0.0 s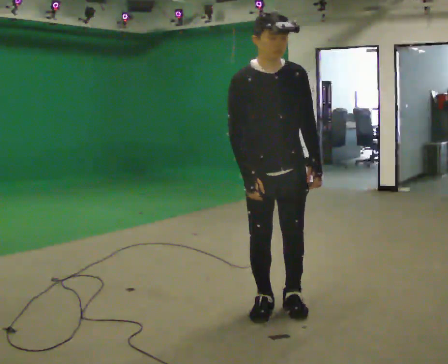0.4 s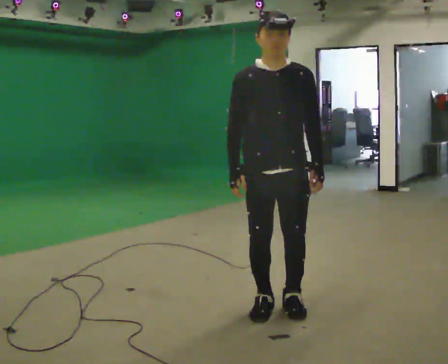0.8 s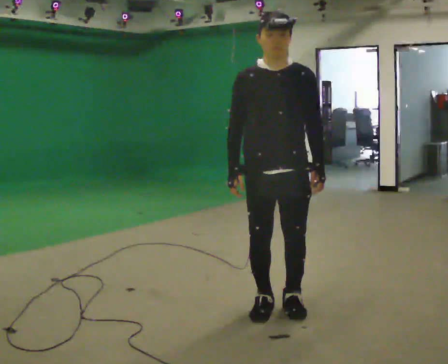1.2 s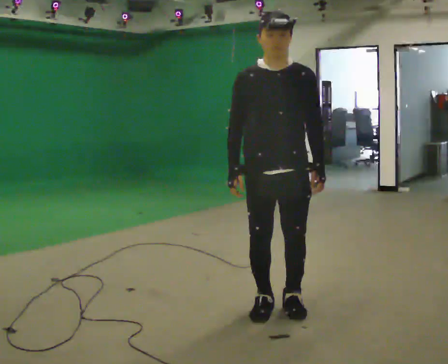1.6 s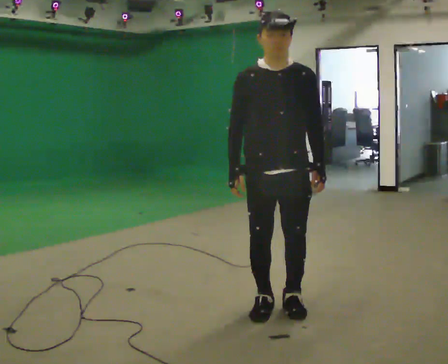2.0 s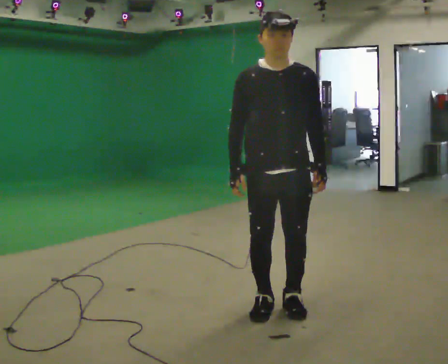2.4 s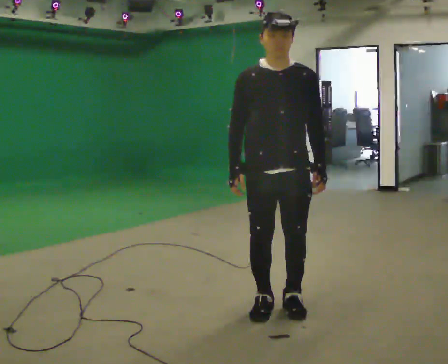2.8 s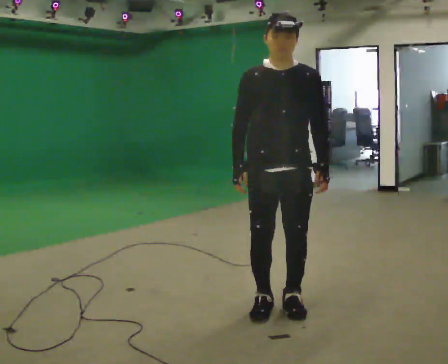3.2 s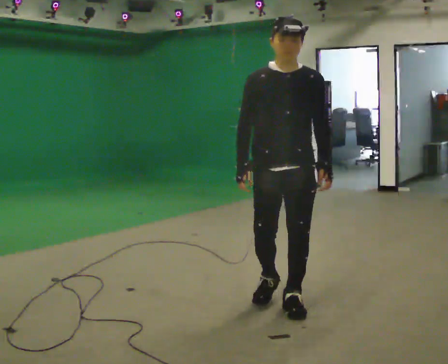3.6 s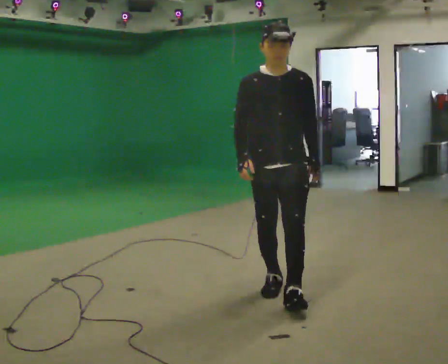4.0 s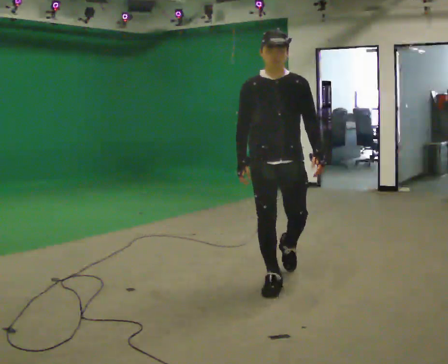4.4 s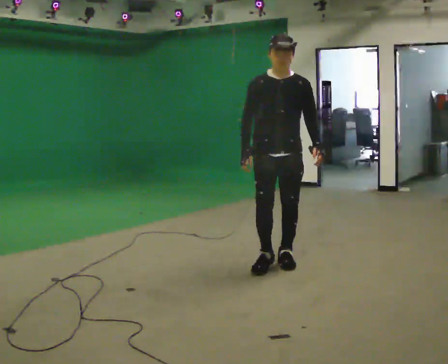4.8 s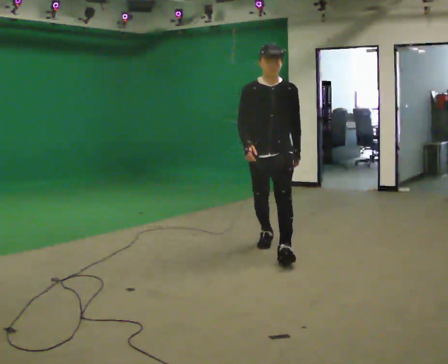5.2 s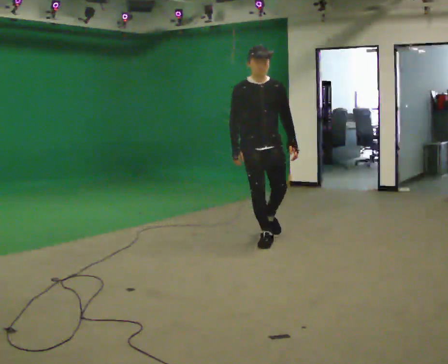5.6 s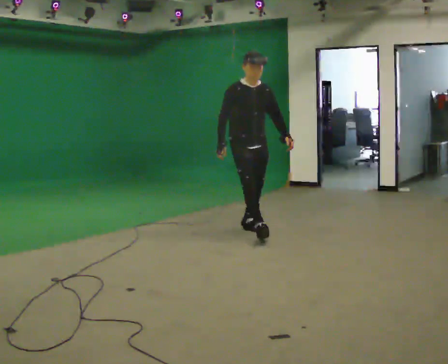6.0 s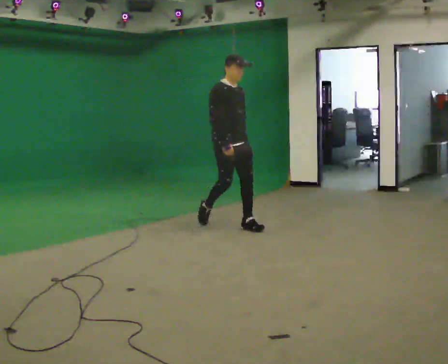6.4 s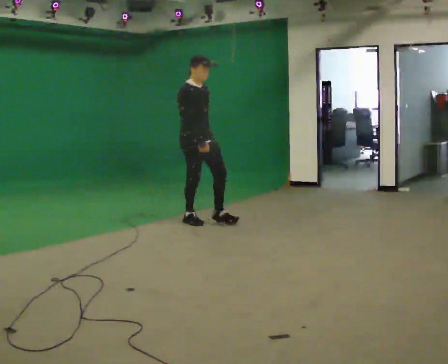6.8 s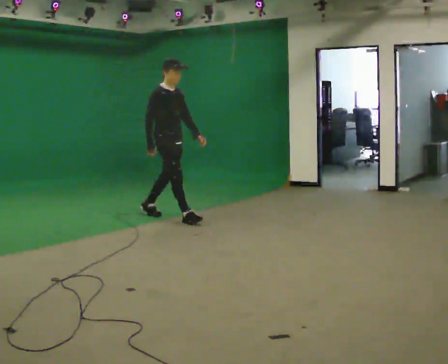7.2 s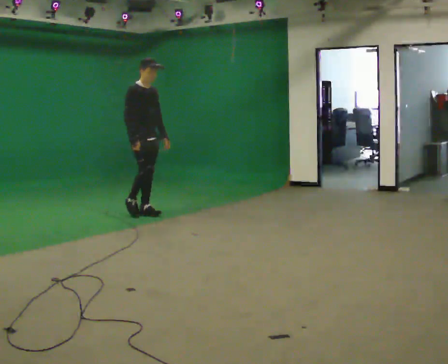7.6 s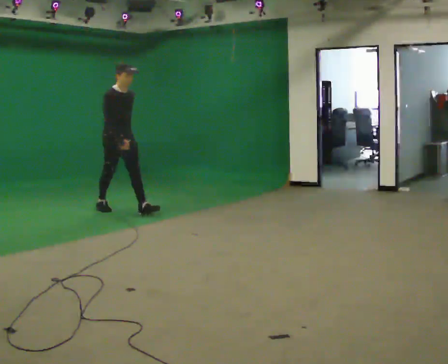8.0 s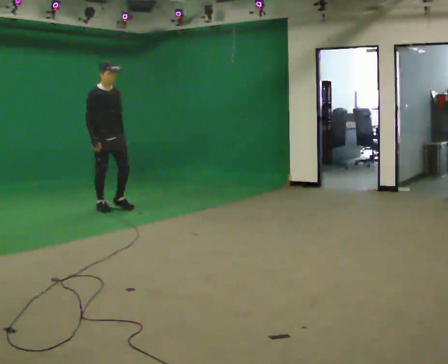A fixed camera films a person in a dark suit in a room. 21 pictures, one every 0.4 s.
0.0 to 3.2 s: The upper body tips away from the camera, its near side rolling upward, as they lean back or straighten.
3.2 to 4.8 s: In the picture they go away from the camera, about 1.5 m in 2 steps, which for them is backward.
4.8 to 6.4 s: The person turns about 60 degrees to their left, counterclockwise seen from above, so the part of the body nearest the lens slides to the right. In the picture they go away from the camera and to the left, about 1.5 m in 3 steps, which for them is backward.
6.4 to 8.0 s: In the picture they go to the left and away from the camera, about 1.5 m in 2 steps, which for them is backward.
The film runs backward here.
